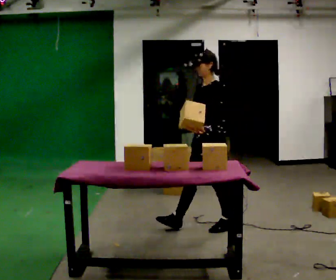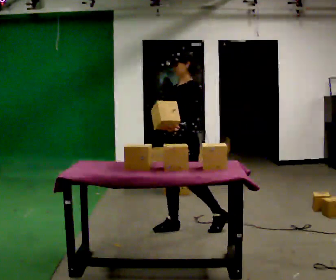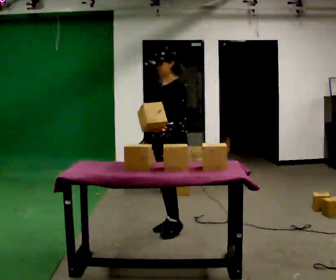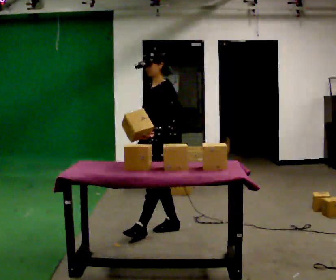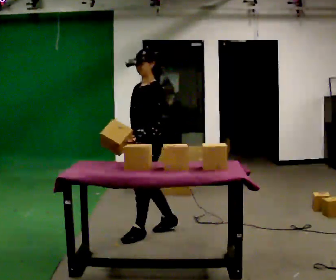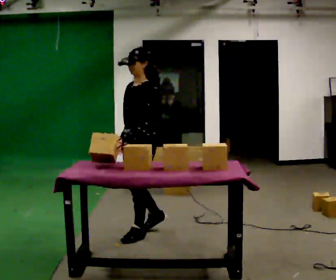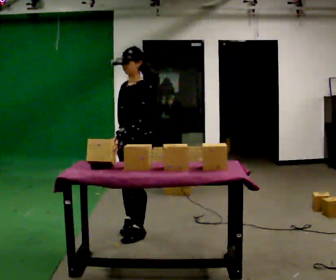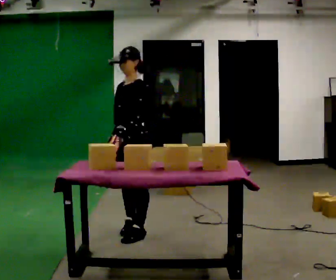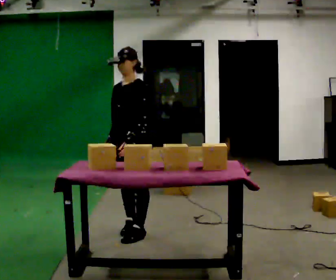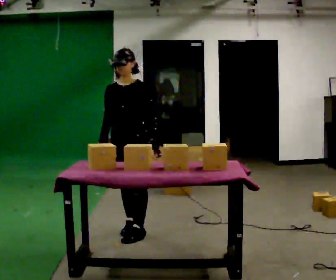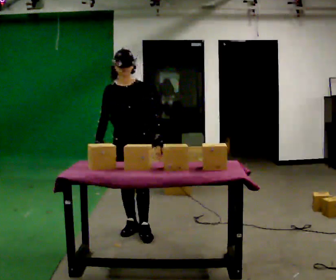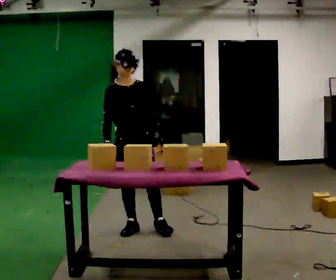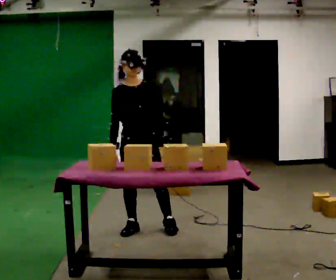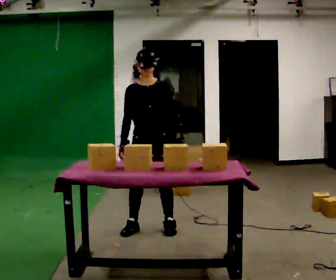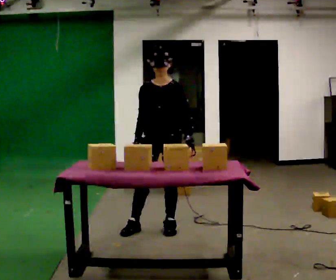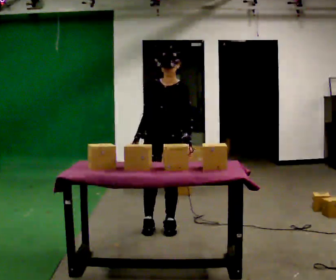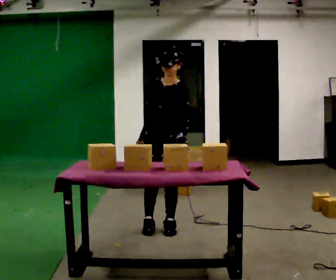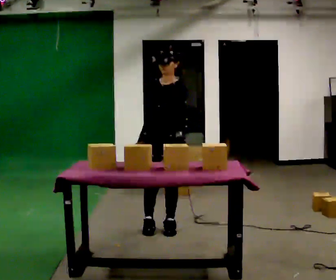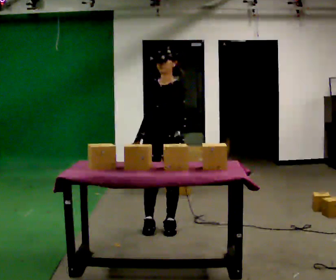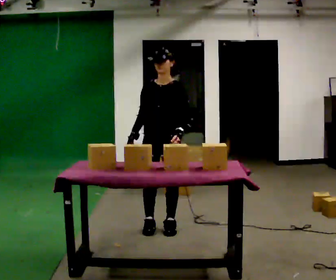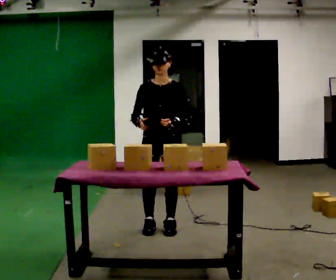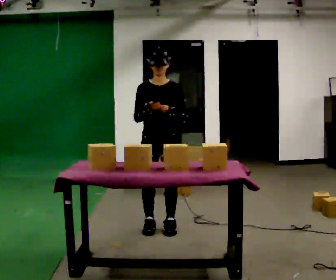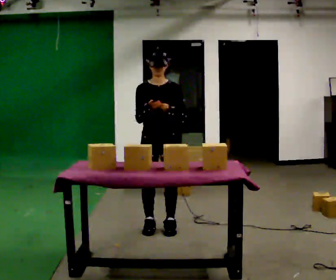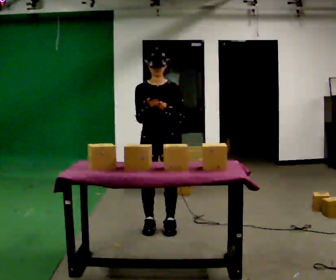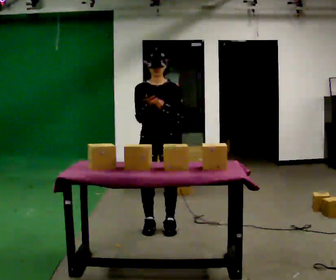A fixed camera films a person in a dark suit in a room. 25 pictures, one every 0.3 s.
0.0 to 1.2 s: In the picture they go to the left, about 0.5 m in 1 step, which for them is forward.
1.2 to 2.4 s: The person moves a little, or ends about where they began.
2.4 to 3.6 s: The person turns about 60 degrees to their left, counterclockwise seen from above, so the part of the body nearest the lens slides to the right. In the picture their left hand goes to the right.
3.6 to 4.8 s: The person turns about 60 degrees to their right, clockwise seen from above, so the part of the body nearest the lens slides to the left. In the picture they go to the right, about 0.25 m, which for them is to their left.
4.8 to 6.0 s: Seen from above the body turns counterclockwise, about 30 degrees: to their left, with its near side sliding to the right.
6.0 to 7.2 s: The person moves a little, or ends about where they began.
The film runs forward here.
